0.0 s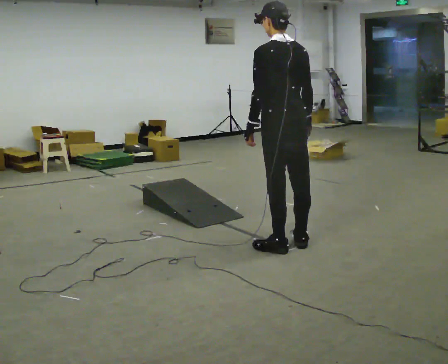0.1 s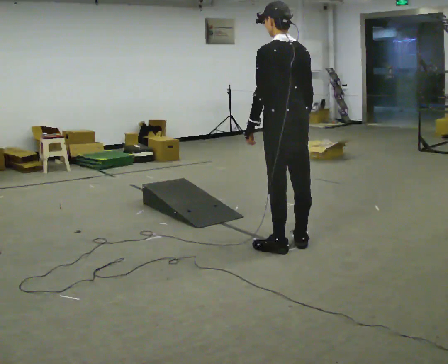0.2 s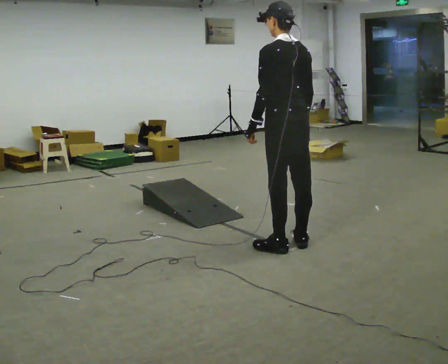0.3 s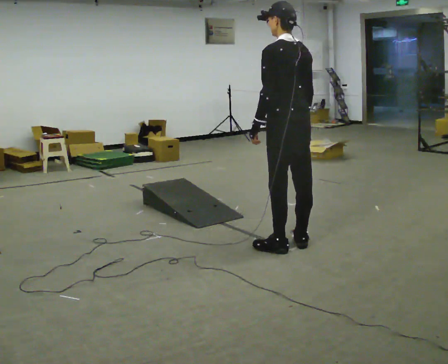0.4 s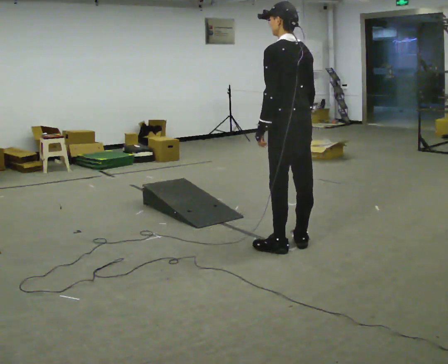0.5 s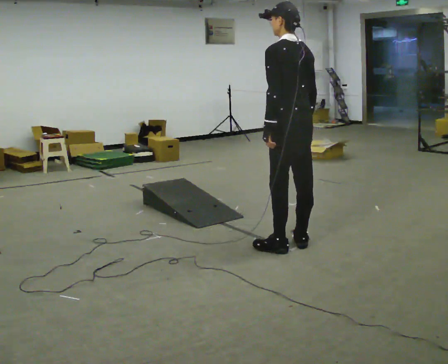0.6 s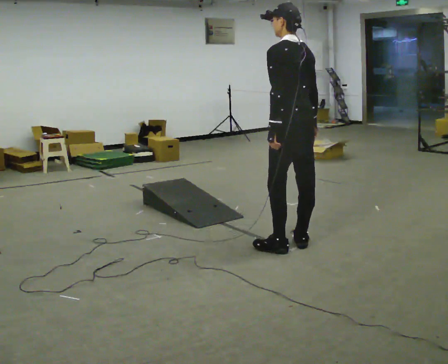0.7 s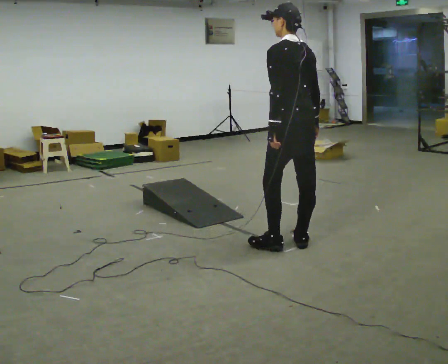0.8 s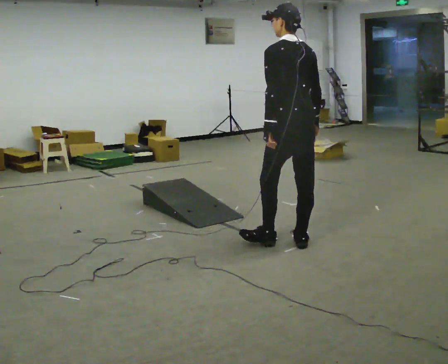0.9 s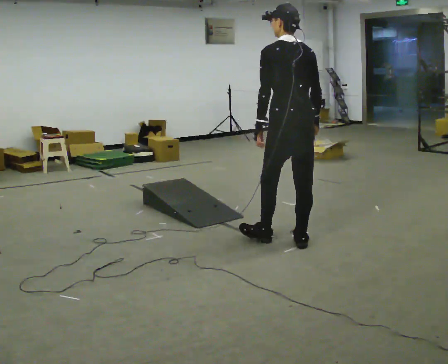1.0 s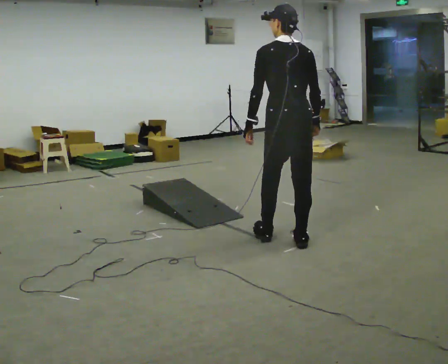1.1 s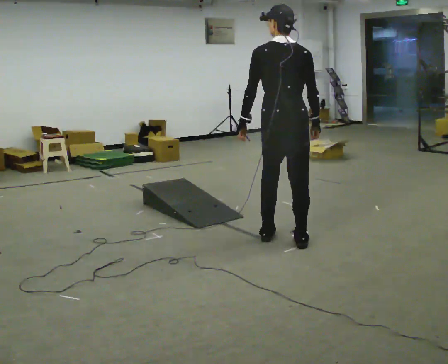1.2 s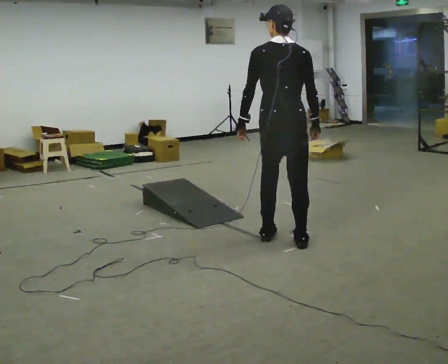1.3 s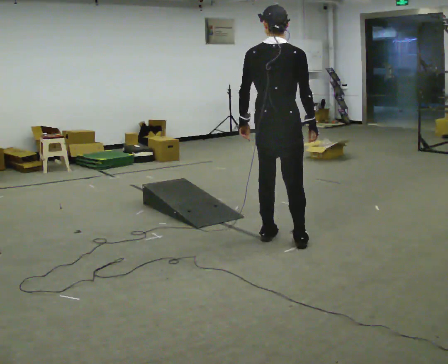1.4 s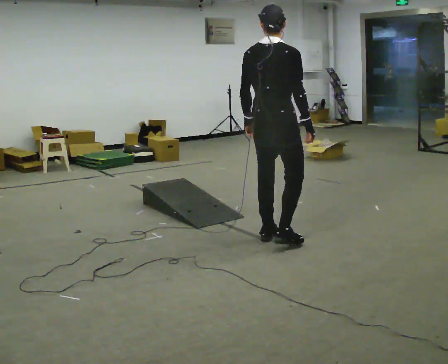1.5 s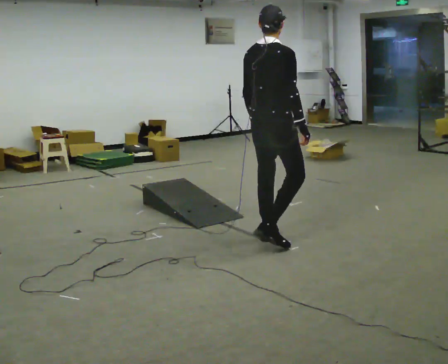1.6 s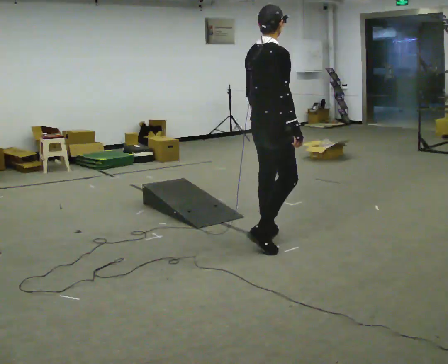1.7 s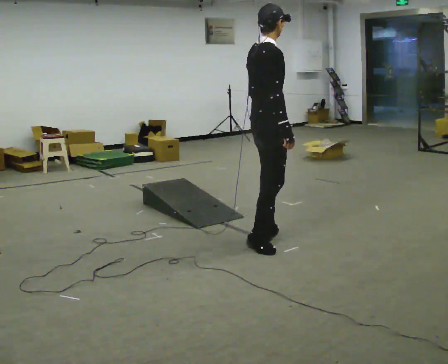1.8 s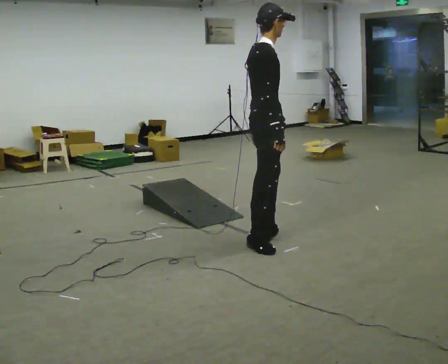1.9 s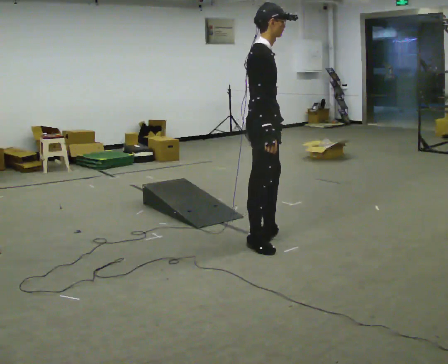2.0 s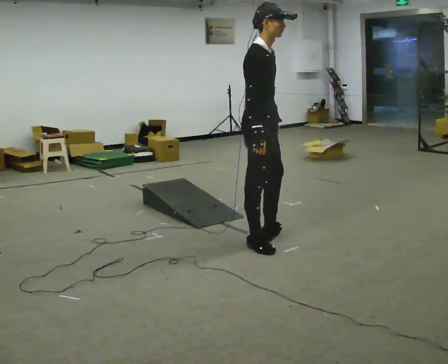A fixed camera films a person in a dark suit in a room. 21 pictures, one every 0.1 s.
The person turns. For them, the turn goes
to their right.
The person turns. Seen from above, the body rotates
clockwise.
0.0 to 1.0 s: The person moves a little, or ends about where they began.
1.0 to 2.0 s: Seen from above the body turns clockwise, about 120 degrees: to their right, with its near side sliding to the left. In the picture they go to the left, about 0.25 m in 1 step. In the picture the upper body tilts clockwise, shoulders to the right.
The film runs backward here.
